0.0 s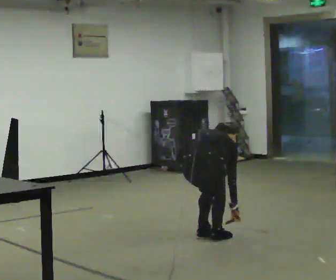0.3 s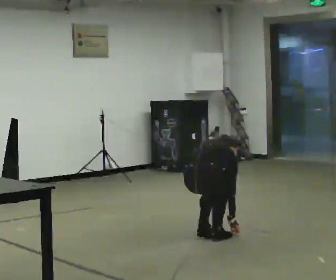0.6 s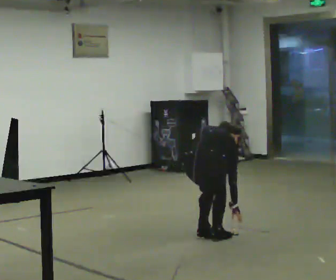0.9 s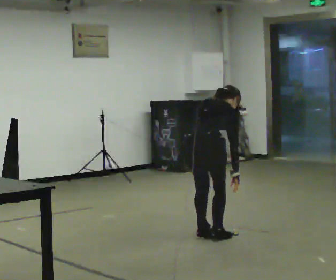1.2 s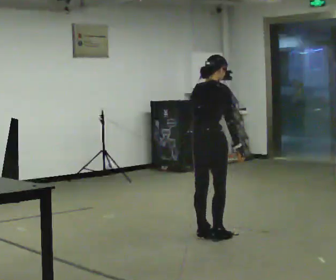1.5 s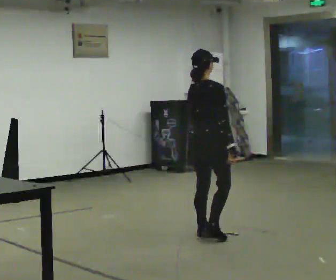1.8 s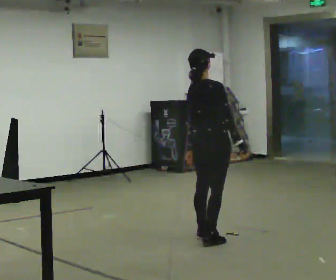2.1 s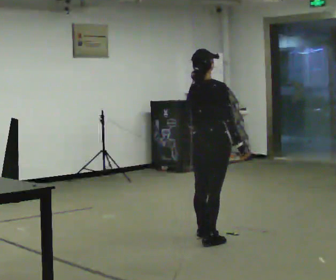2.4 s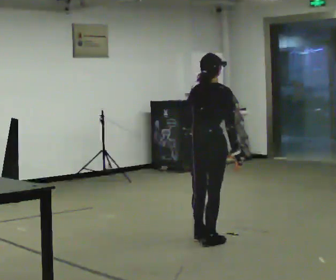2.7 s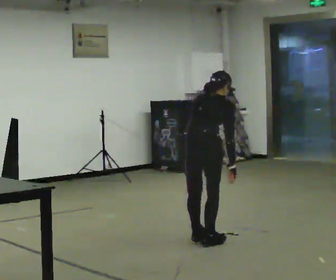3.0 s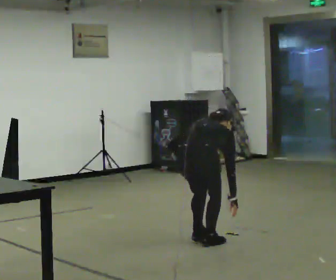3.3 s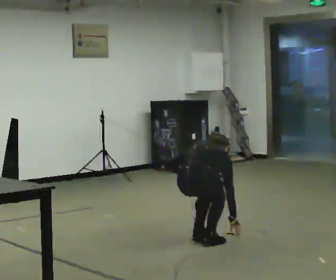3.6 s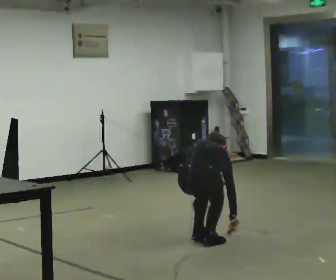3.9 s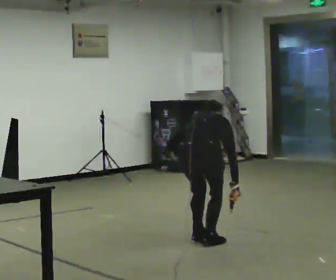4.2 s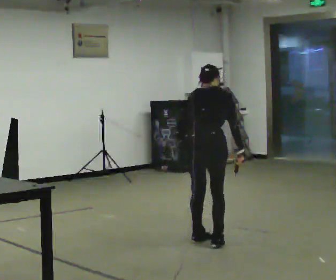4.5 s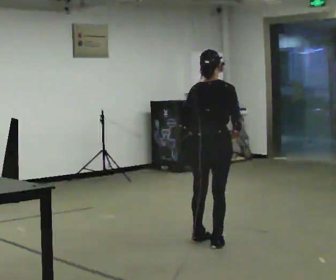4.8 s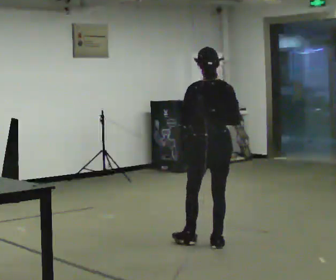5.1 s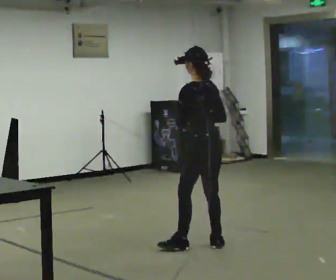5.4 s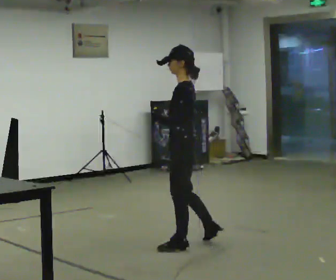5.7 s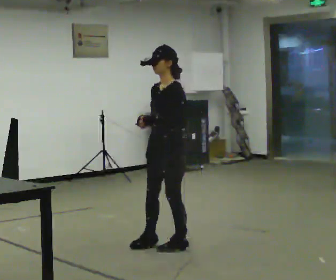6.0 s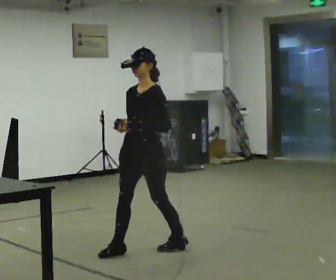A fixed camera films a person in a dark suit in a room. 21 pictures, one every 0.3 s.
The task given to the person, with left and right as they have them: Fetch the tool from the shelf, carry it to the workpiece, use it there as the operator shows you, then take it back to the shelf. Keep going until the operator says stop; one object at a time, and do not rush between trips.
0.0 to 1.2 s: The upper body goes upward. The upper body tips toward the camera, its near side rolling downward, as they lean back or straighten.
1.2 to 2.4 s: In the picture they go toward the camera, about 0.25 m in 1 step, which for them is to their right and backward.
2.4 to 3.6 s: The upper body goes downward. The upper body tips away from the camera, its near side rolling upward, as they bend forward.
3.6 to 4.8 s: The person turns about 30 degrees to their left, counterclockwise seen from above, so the part of the body nearest the lens slides to the right. The upper body goes upward. The upper body tips toward the camera, its near side rolling downward, as they lean back or straighten. In the picture their right hand goes upward.
4.8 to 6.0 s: The person turns about 120 degrees to their left, counterclockwise seen from above, so the part of the body nearest the lens slides to the right. In the picture they go to the left, about 0.5 m in 2 steps.
The film runs forward here.
